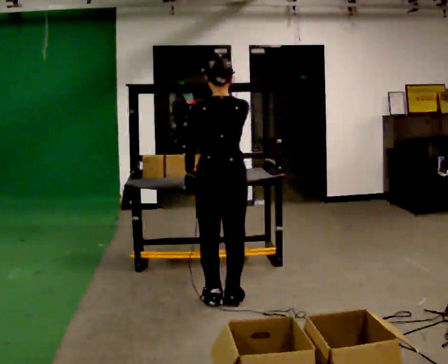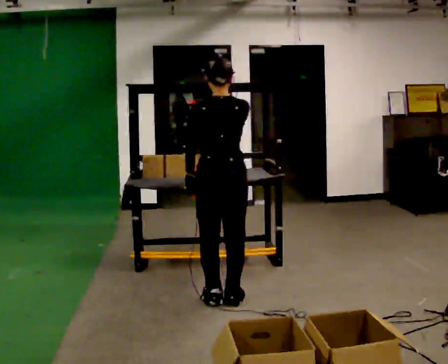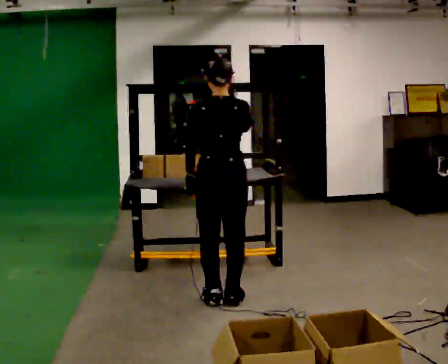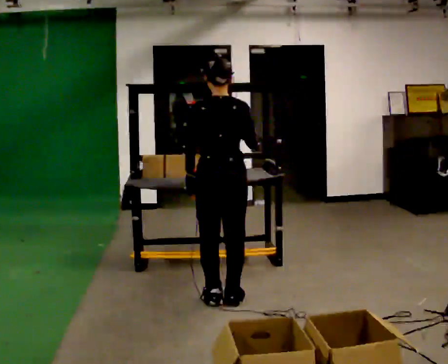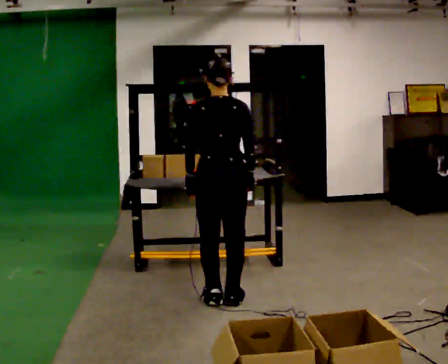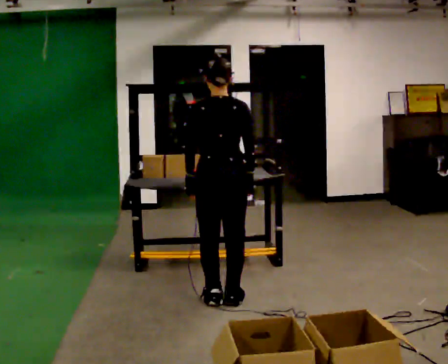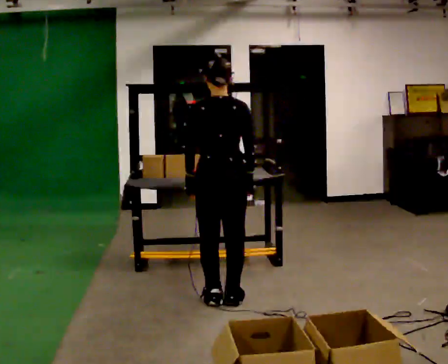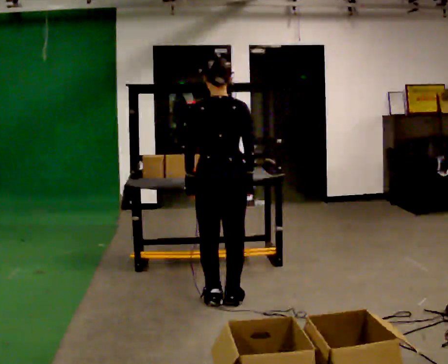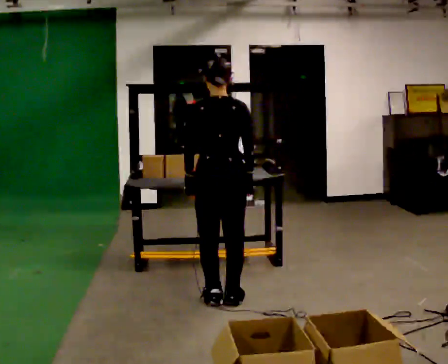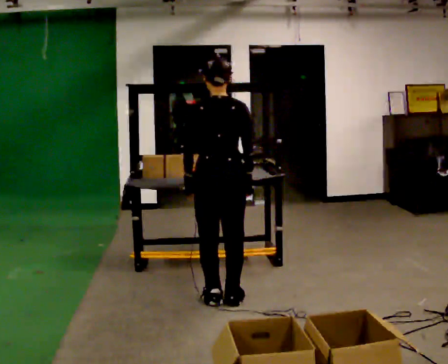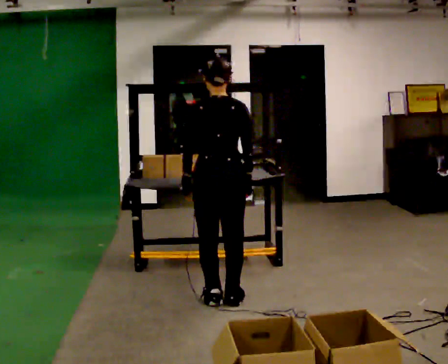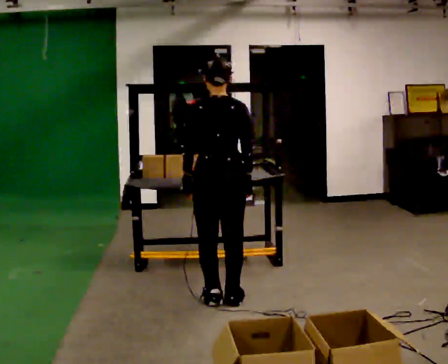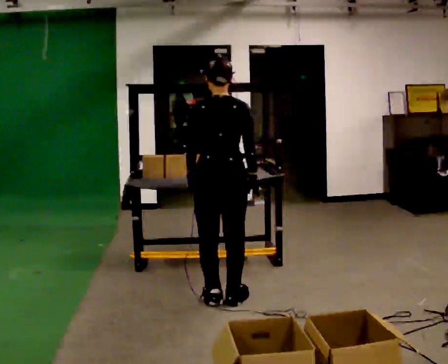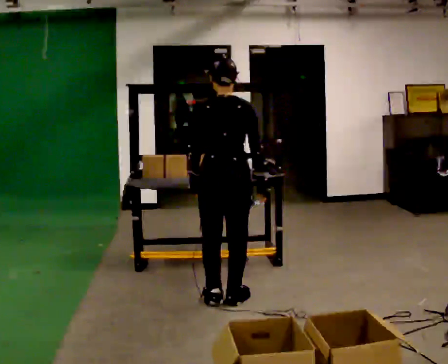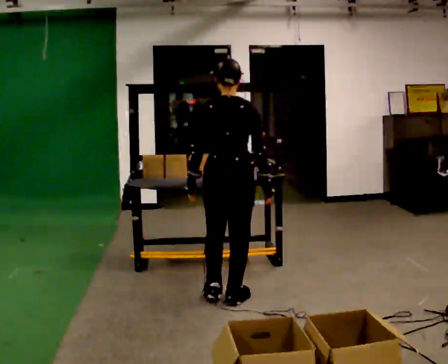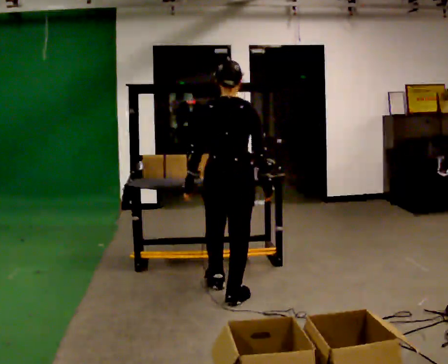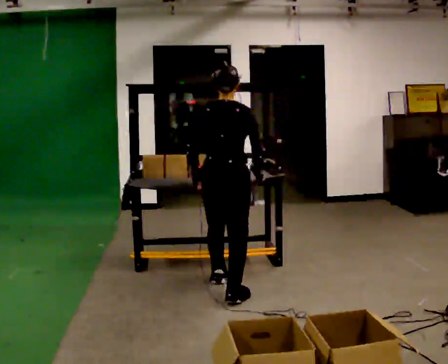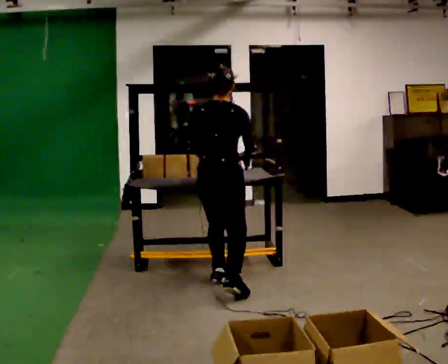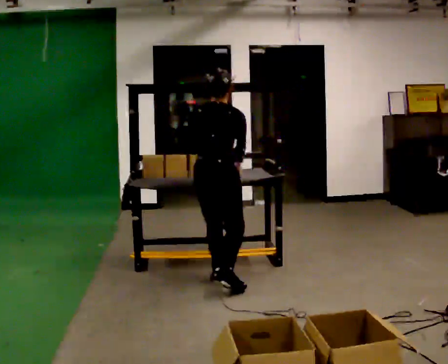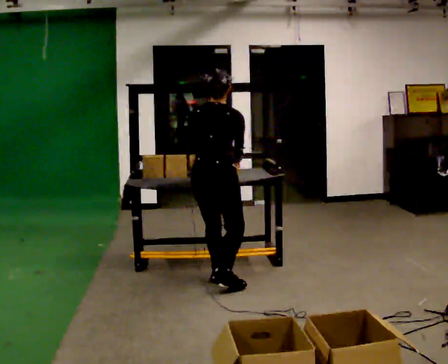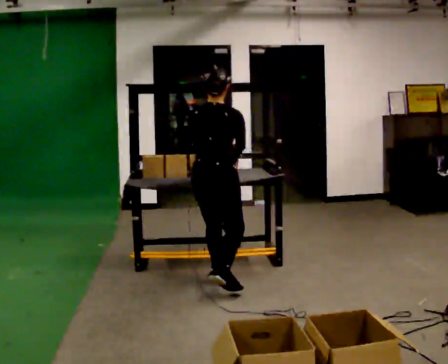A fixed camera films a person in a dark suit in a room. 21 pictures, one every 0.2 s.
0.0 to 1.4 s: In the picture their right hand goes downward.
1.4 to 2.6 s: The person moves a little, or ends about where they began.
2.6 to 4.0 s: In the picture they go away from the camera, about 0.25 m in 3 steps, which for them is forward and to their left.
The film runs backward here.
